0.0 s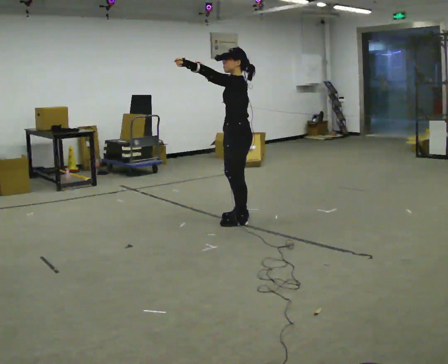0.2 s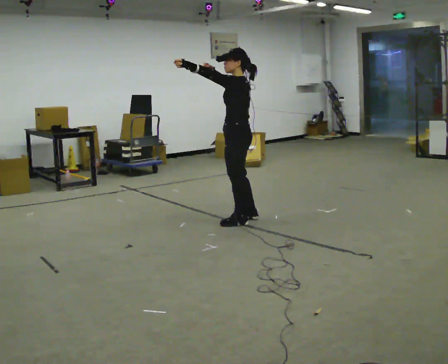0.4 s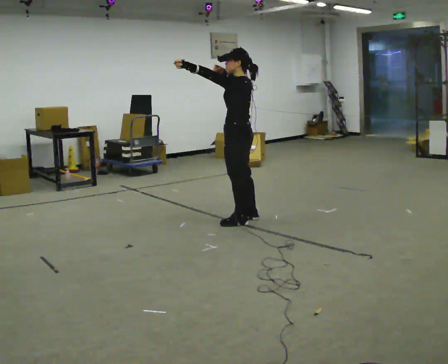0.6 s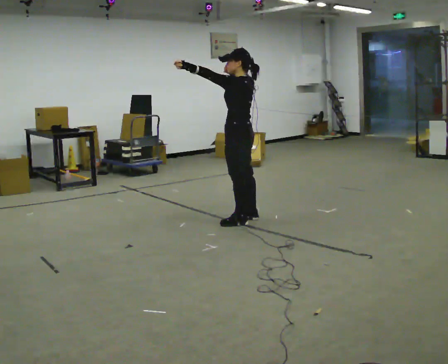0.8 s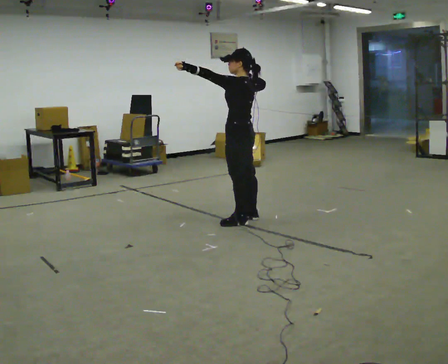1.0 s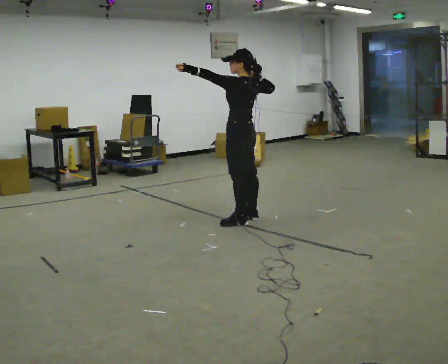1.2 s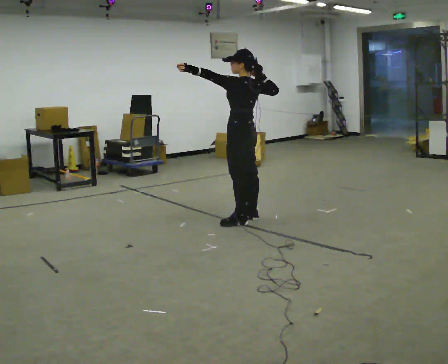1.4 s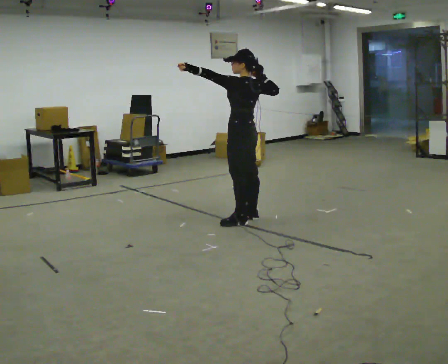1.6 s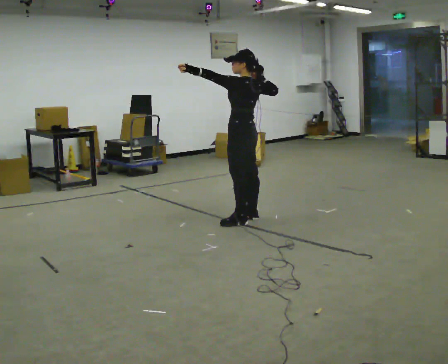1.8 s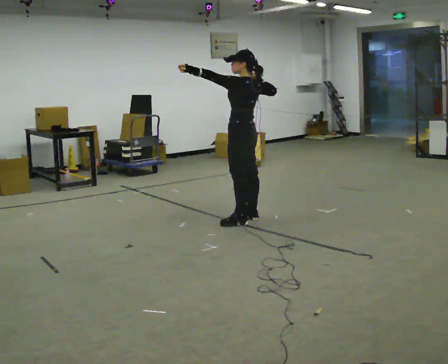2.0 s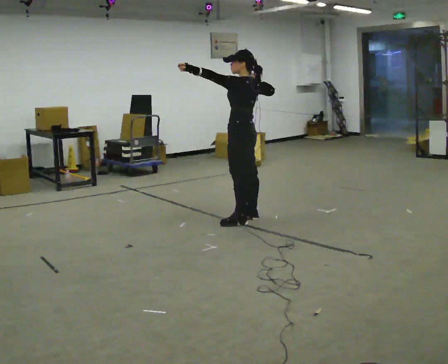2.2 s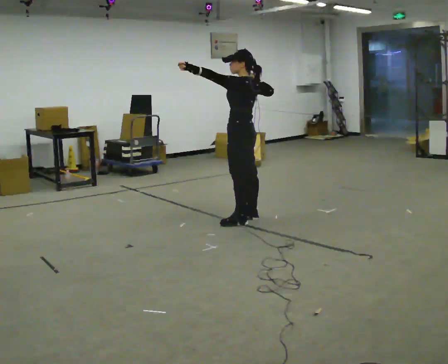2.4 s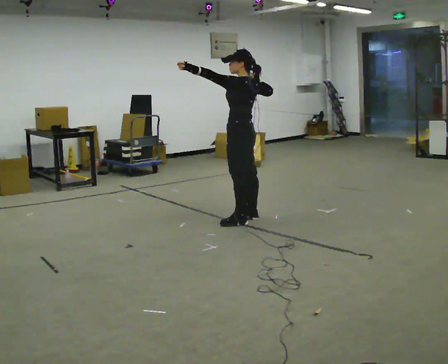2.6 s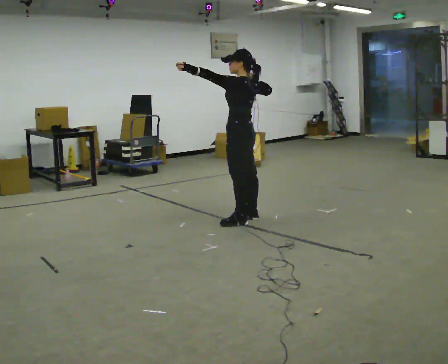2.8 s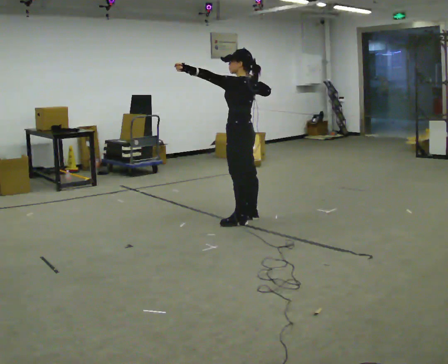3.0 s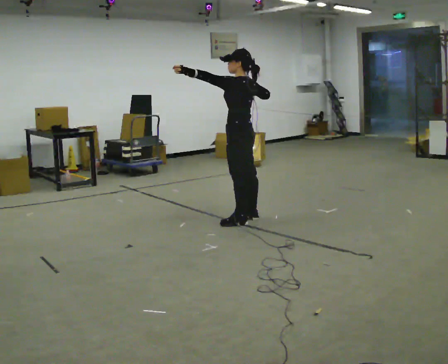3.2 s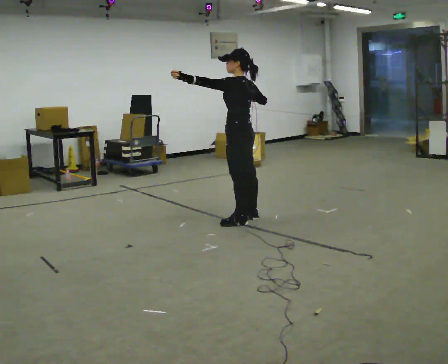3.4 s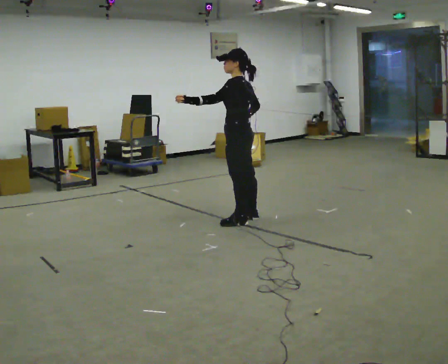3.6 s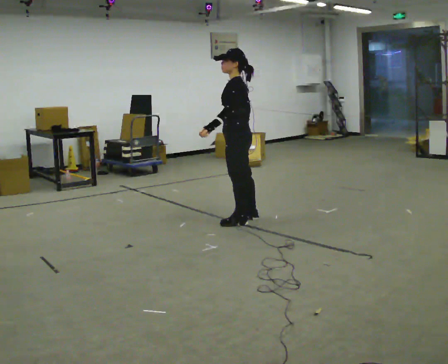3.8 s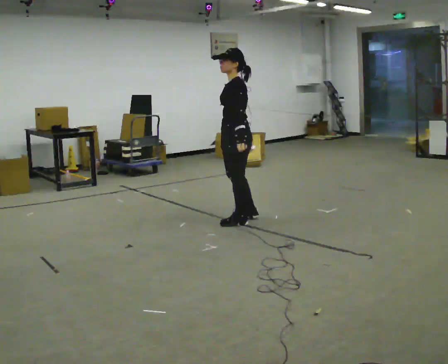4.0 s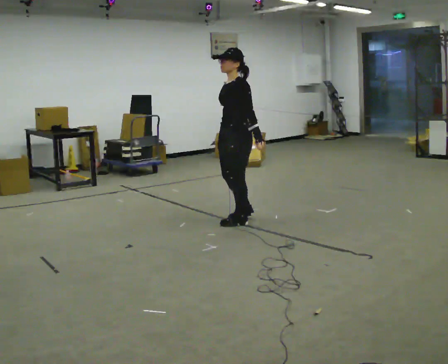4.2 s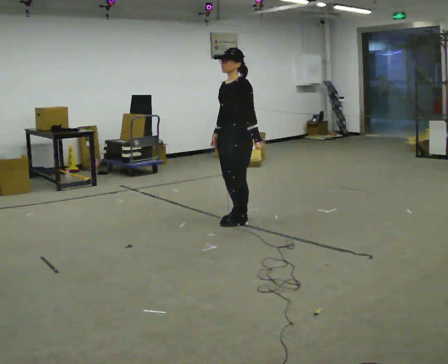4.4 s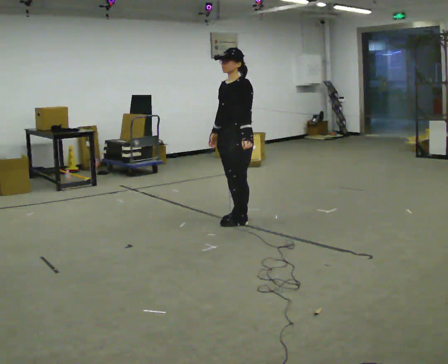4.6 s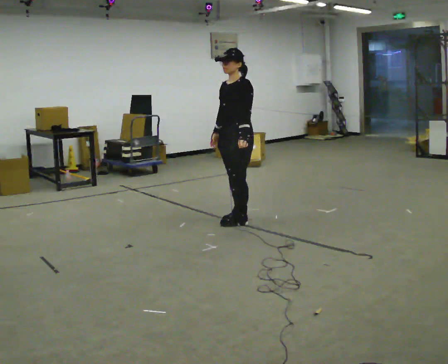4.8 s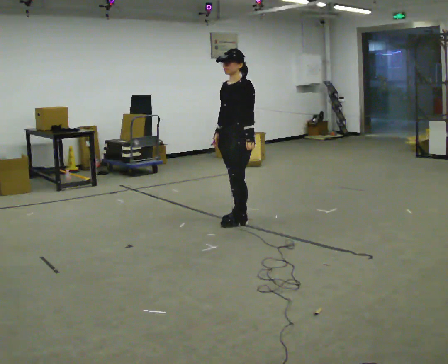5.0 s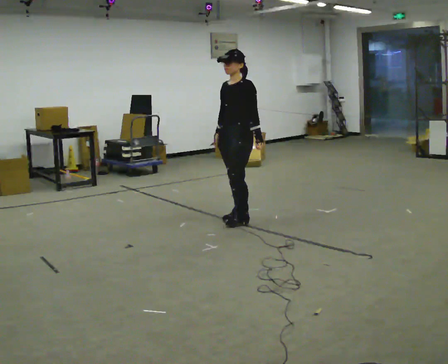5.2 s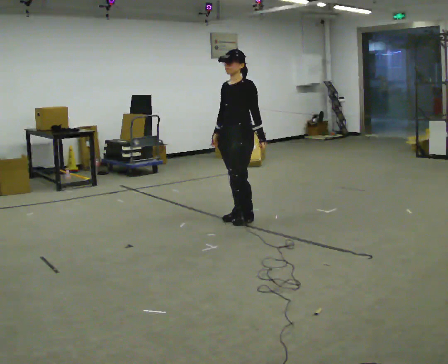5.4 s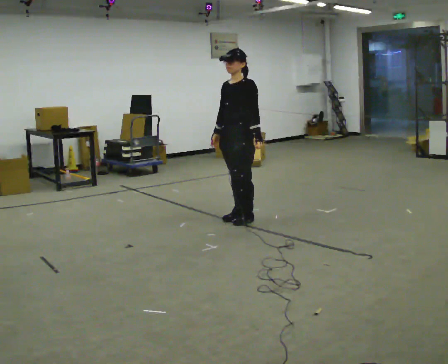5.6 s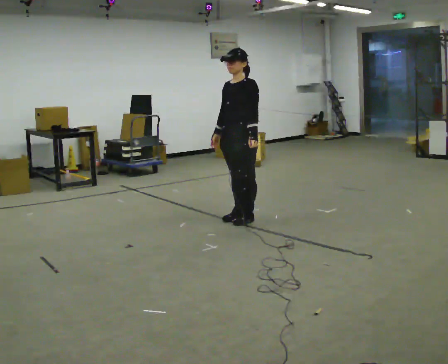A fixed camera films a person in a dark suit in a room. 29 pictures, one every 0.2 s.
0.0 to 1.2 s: The person turns about 30 degrees to their right, clockwise seen from above, so the part of the body nearest the lens slides to the left. In the picture their right hand goes to the right.
1.2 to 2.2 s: The person moves a little, or ends about where they began.
2.2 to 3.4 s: In the picture their right hand goes downward.
3.4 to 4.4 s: The part of the body nearest the lens slides to the right as the person turns to their left by about 60 degrees. In the picture their left hand goes to the right, the arm swinging counterclockwise.
4.4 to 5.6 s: The person moves a little, or ends about where they began.
The film runs forward here.
